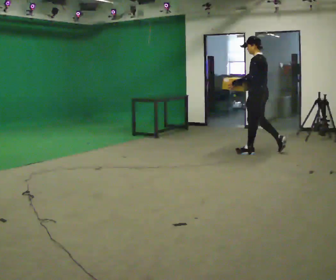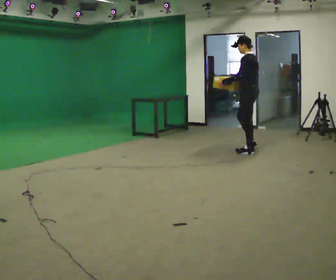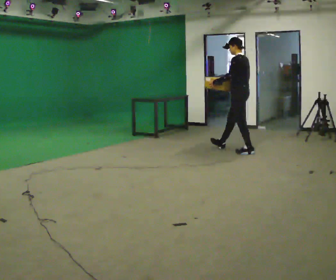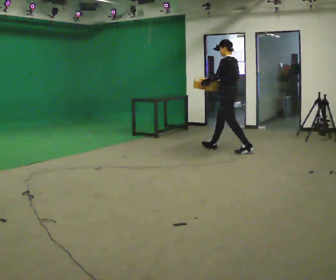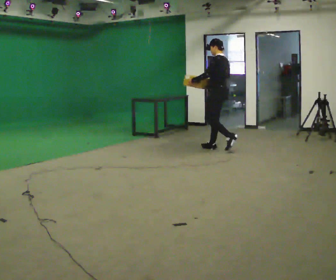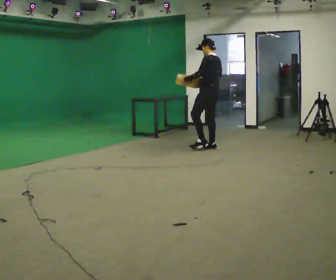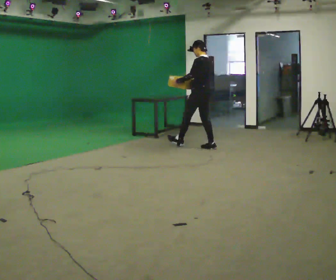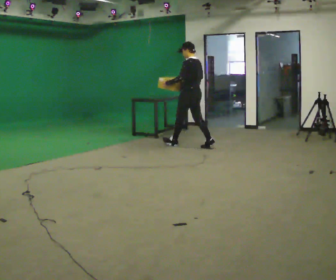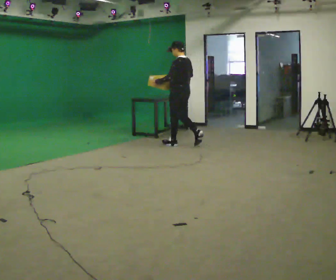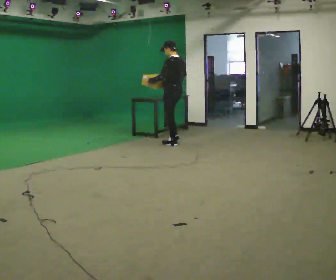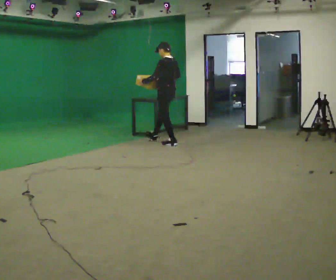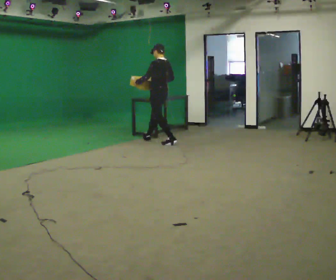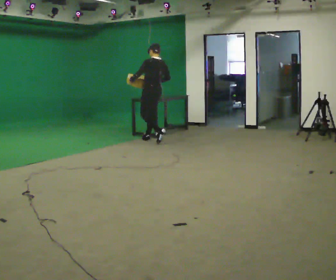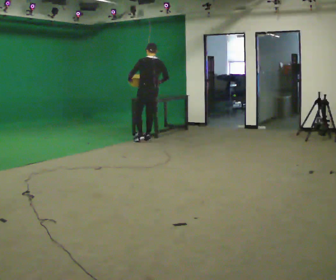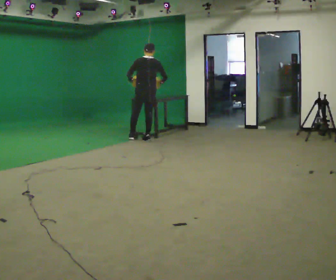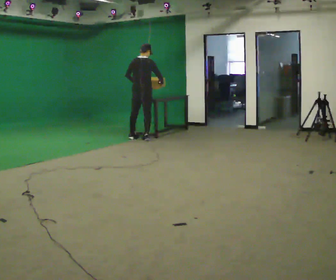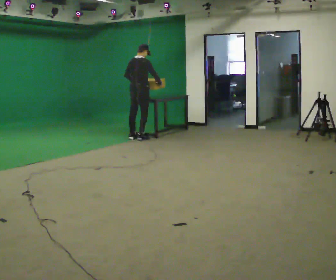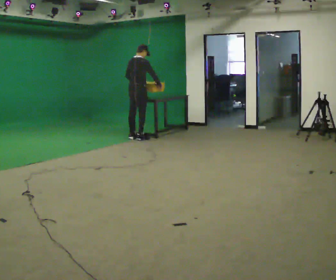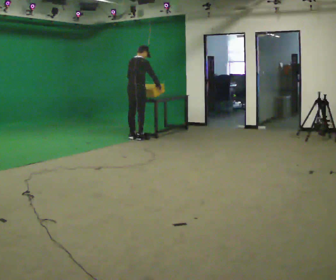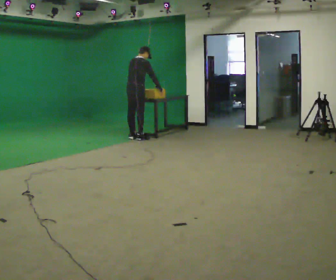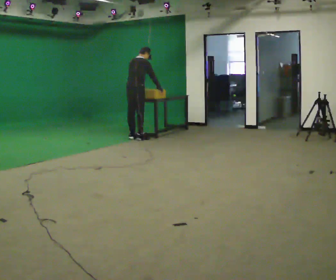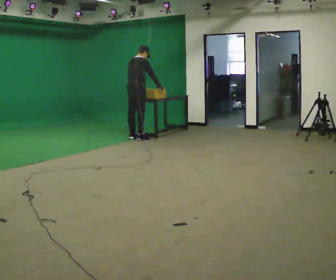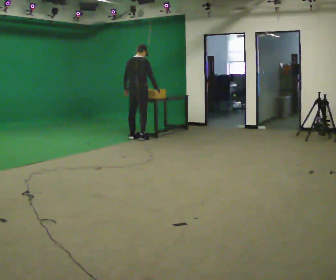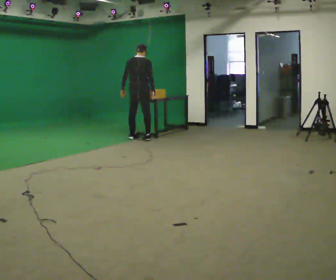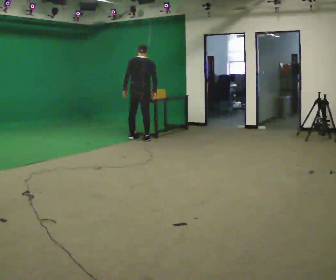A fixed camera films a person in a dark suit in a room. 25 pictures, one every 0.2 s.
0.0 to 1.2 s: In the picture they go to the left and away from the camera, about 1 m, which for them is to their left and forward.
1.2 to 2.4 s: In the picture they go to the left and away from the camera, about 1 m in 2 steps, which for them is to their left and forward.
2.4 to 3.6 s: In the picture they go to the left and away from the camera, about 0.5 m in 2 steps.
3.6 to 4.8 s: The person turns about 45 degrees to their left, counterclockwise seen from above, so the part of the body nearest the lens slides to the right.
The film runs forward here.
